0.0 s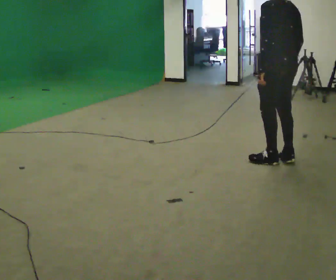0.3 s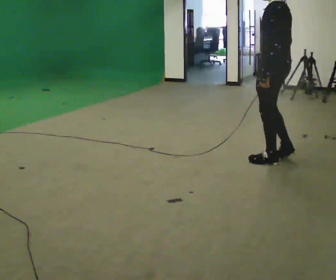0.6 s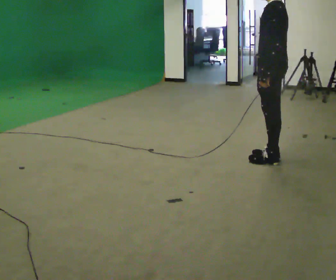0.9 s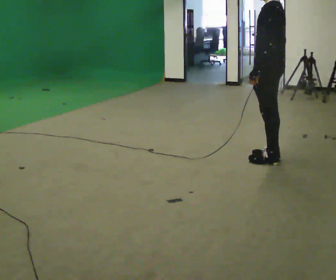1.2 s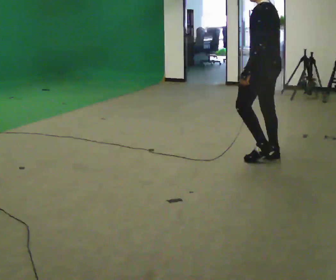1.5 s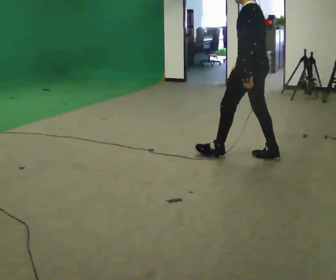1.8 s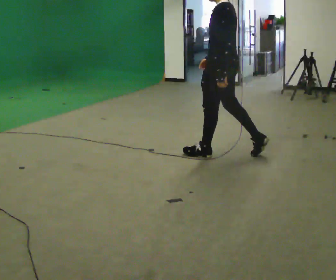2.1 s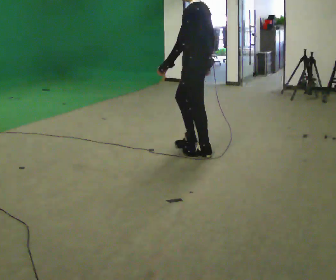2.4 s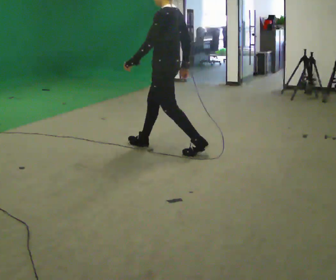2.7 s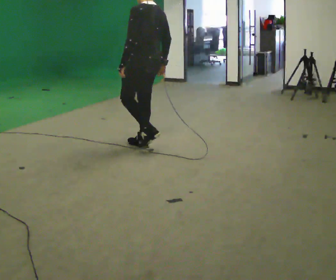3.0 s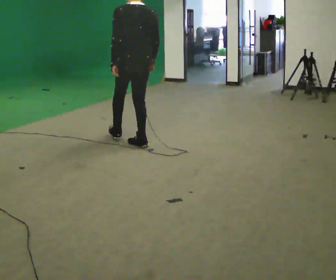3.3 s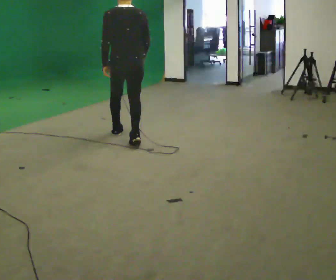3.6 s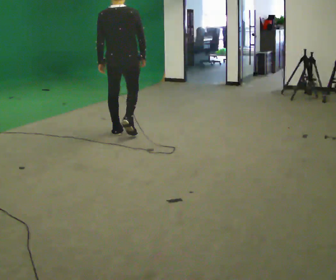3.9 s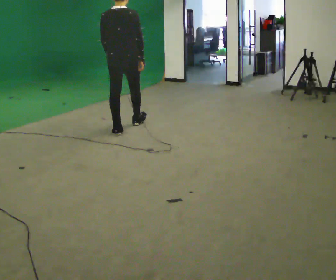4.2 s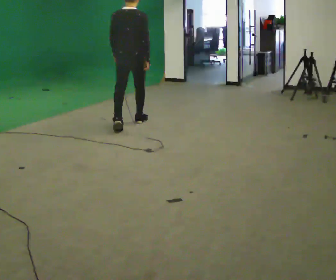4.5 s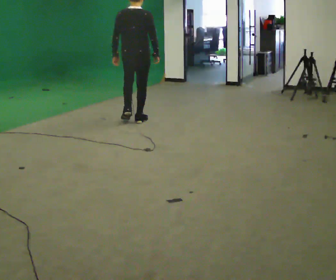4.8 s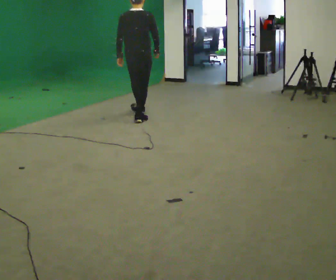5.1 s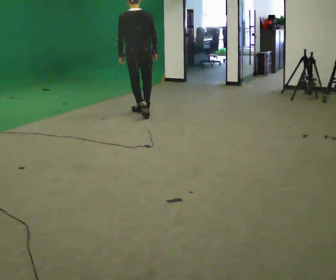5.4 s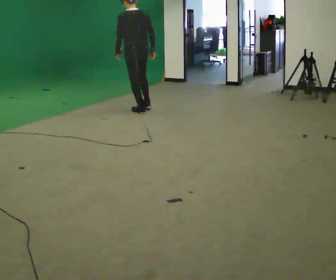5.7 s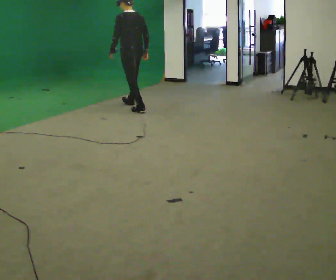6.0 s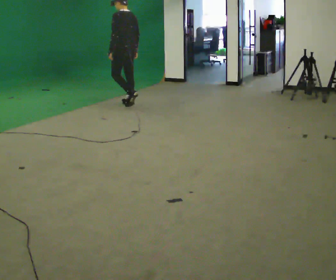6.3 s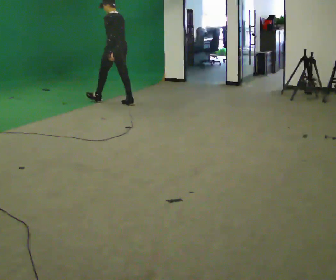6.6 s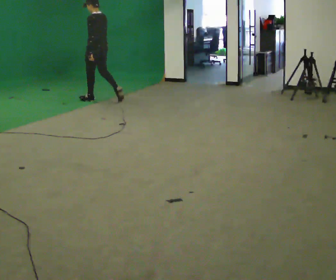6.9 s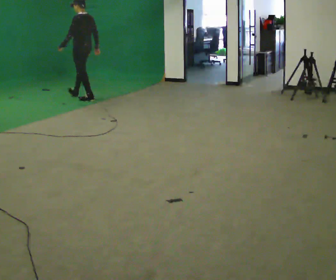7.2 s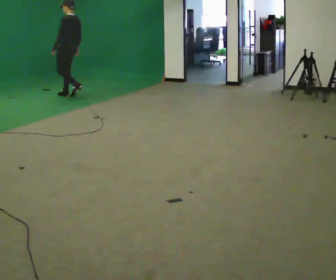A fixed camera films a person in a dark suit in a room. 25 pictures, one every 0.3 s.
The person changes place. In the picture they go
away from the camera.
0.0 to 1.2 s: The person moves a little, or ends about where they began.
1.2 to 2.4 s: In the picture they go to the left and away from the camera, about 1 m in 2 steps, which for them is forward.
2.4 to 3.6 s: The part of the body nearest the lens slides to the left as the person turns to their right by about 75 degrees. In the picture they go away from the camera and to the left, about 0.5 m in 1 step.
3.6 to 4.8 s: In the picture they go away from the camera, about 1 m in 2 steps, which for them is forward.
4.8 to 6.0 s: Seen from above the body turns counterclockwise, about 60 degrees: to their left, with its near side sliding to the right. In the picture they go away from the camera, about 1 m in 1 step, which for them is forward.
6.0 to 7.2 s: In the picture they go to the left and away from the camera, about 1.5 m in 2 steps, which for them is forward.
The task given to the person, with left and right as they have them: Walk normally; turn left/right while slowing; after turn accelerate back to normal.
The film runs forward here.
